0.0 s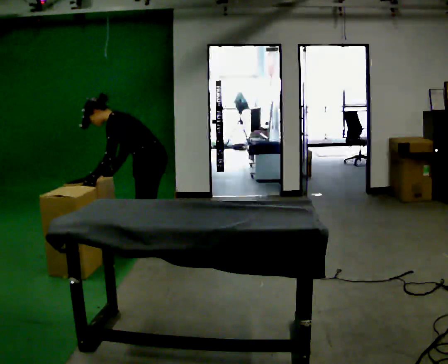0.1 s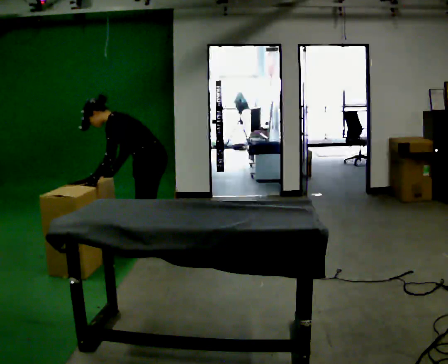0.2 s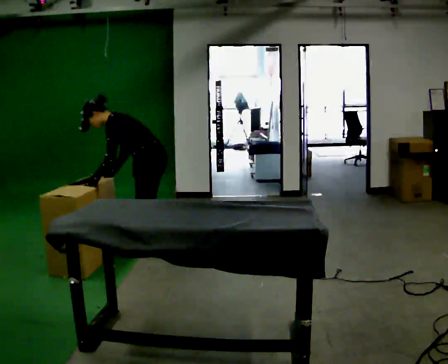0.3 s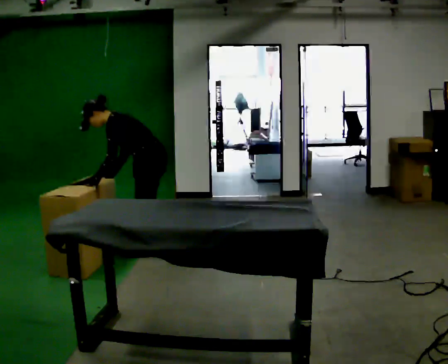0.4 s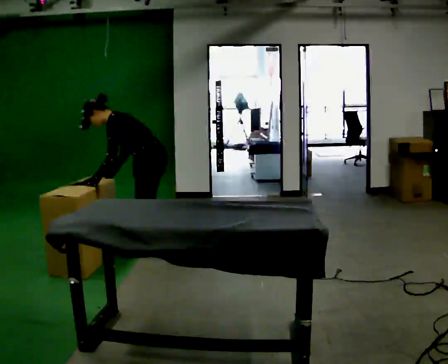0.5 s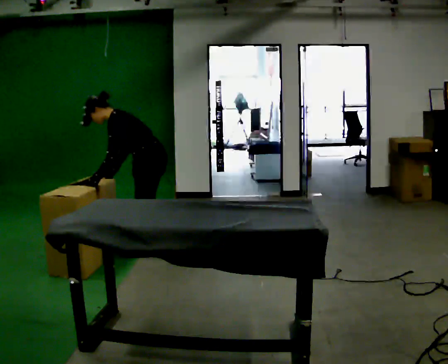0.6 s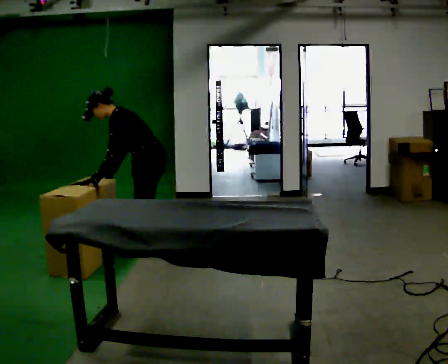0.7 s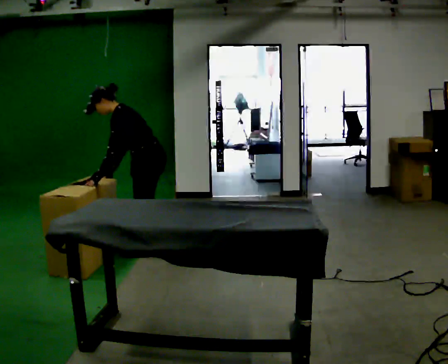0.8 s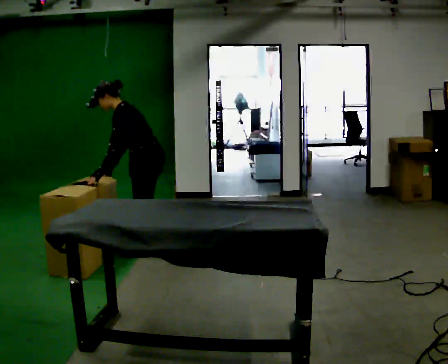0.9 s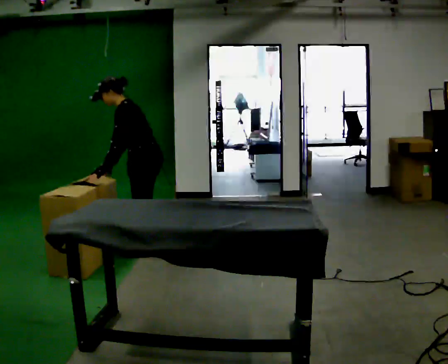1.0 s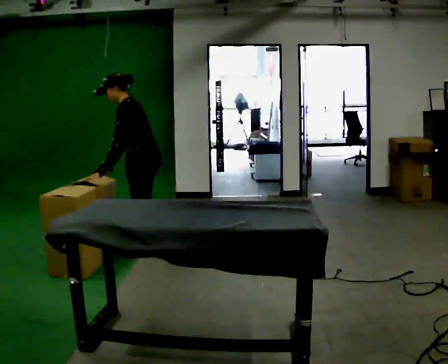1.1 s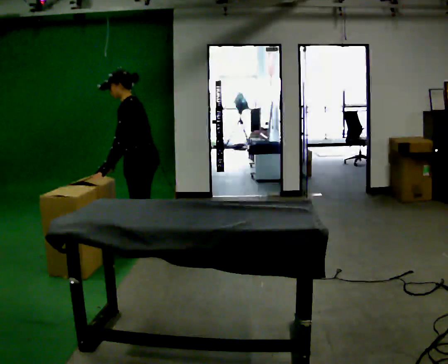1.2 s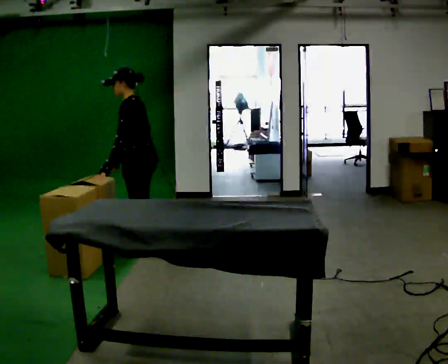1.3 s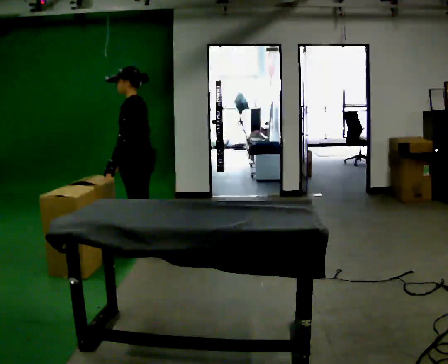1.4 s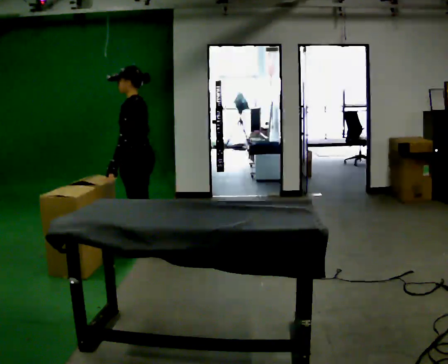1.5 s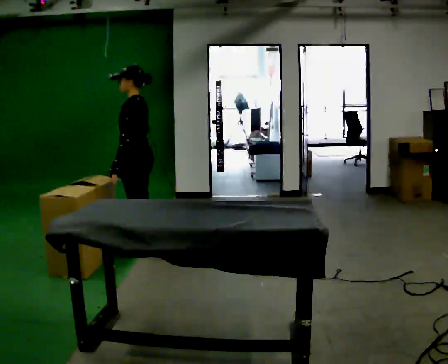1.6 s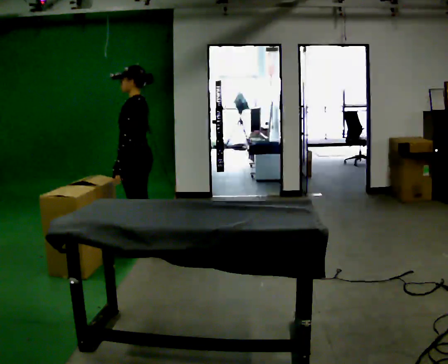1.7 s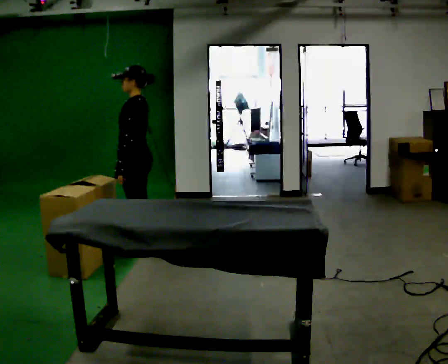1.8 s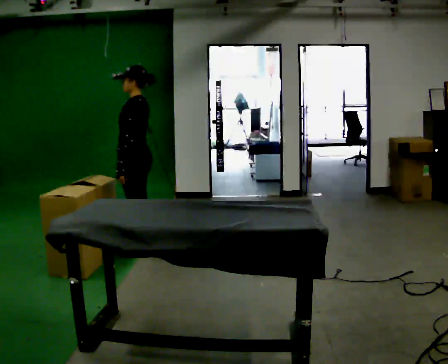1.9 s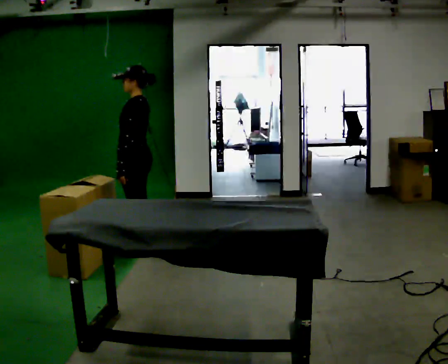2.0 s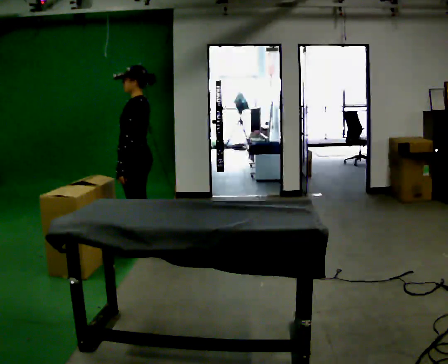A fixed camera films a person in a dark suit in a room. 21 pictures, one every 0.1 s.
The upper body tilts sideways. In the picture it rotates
clockwise.
0.0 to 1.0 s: In the picture the upper body tilts clockwise, shoulders to the right, as they lean back or straighten.
1.0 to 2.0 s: In the picture the upper body tilts clockwise, shoulders to the right, as they lean back or straighten.
The film runs forward here.
